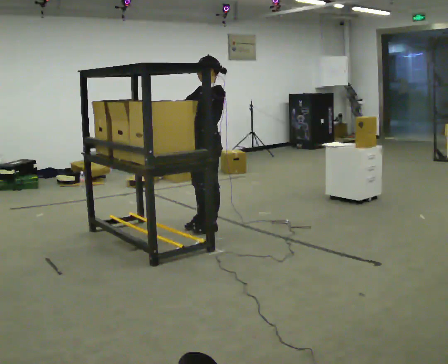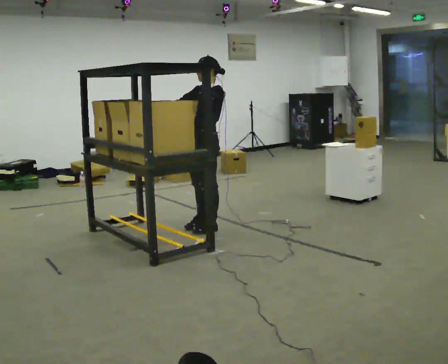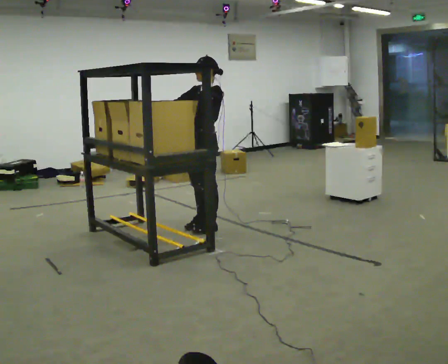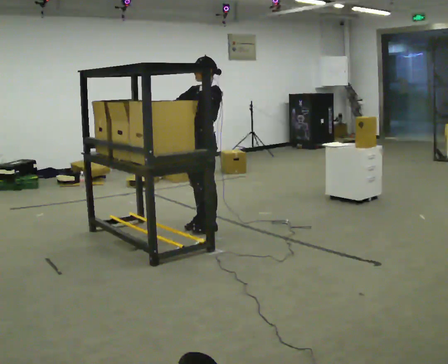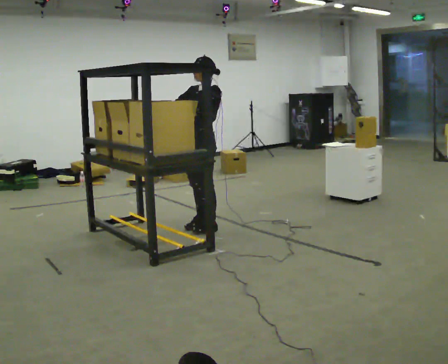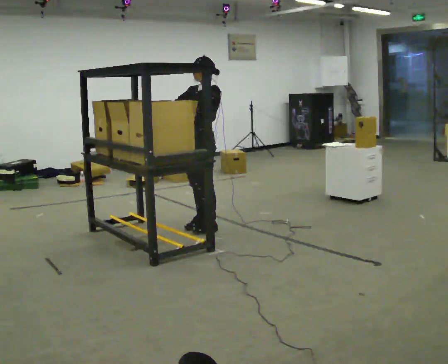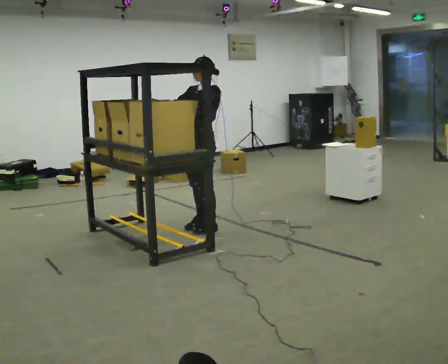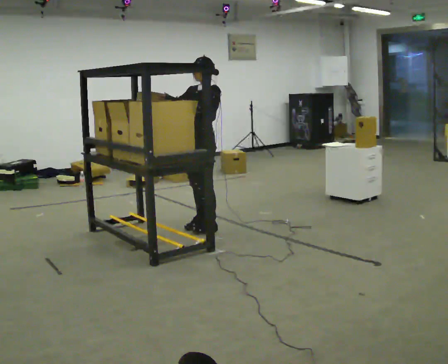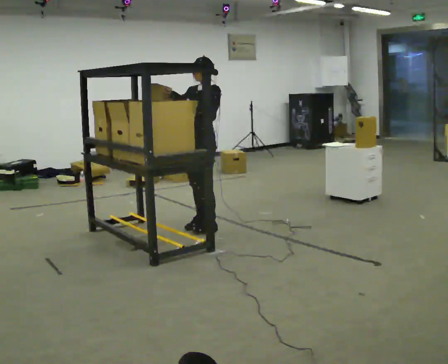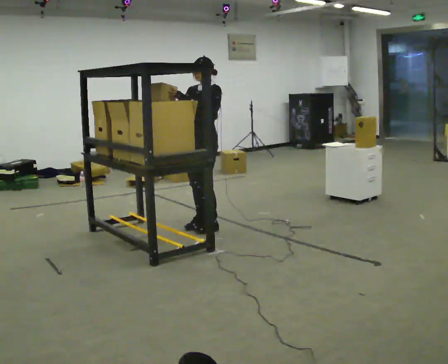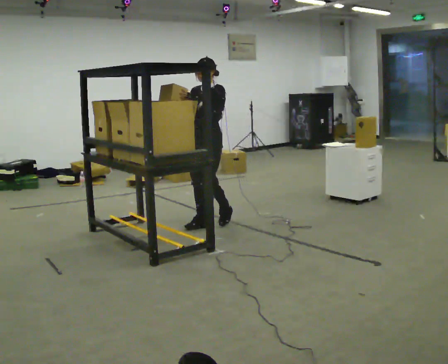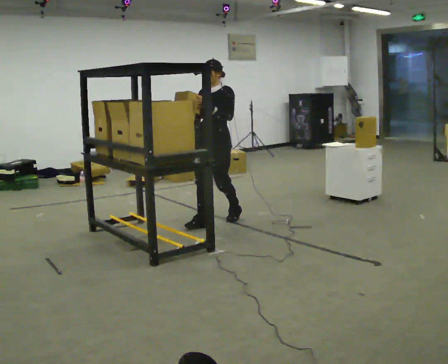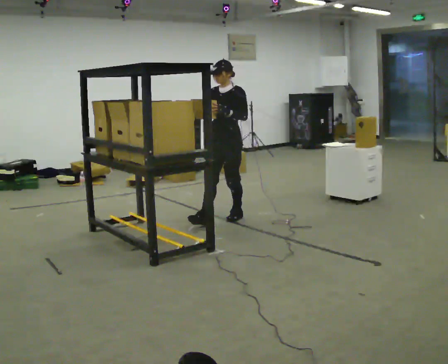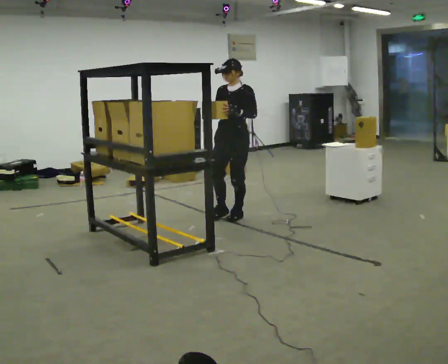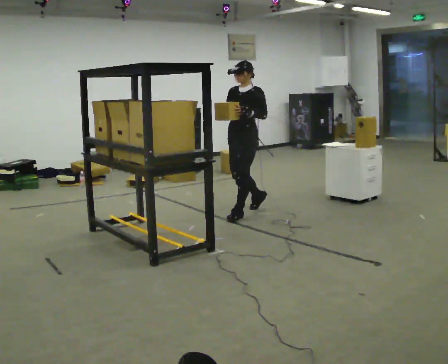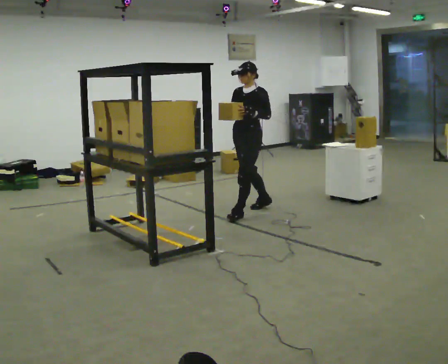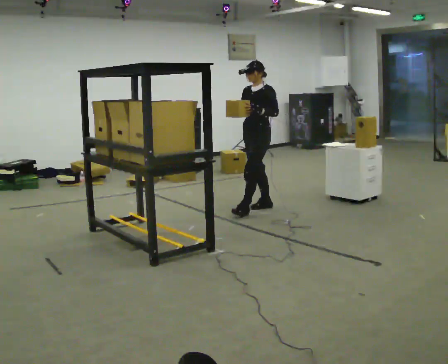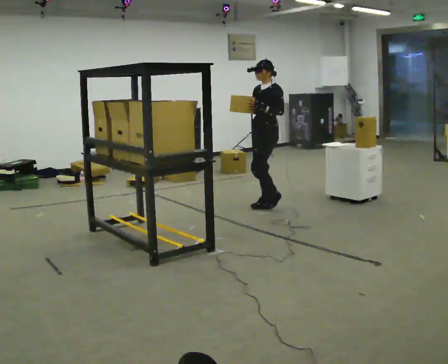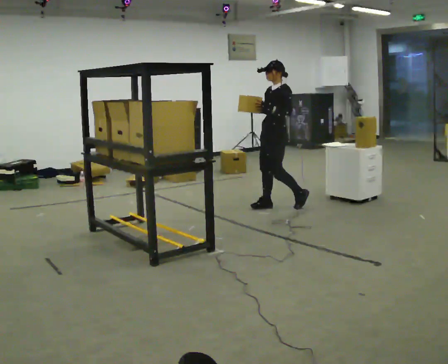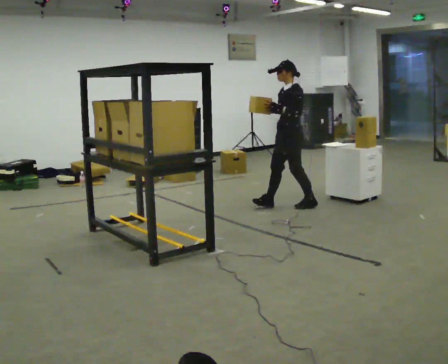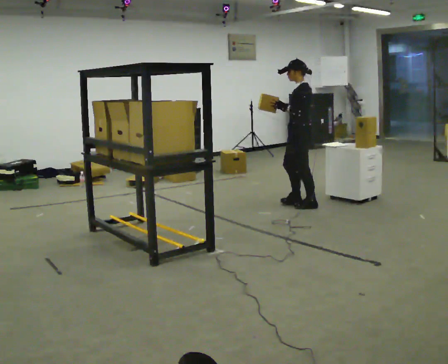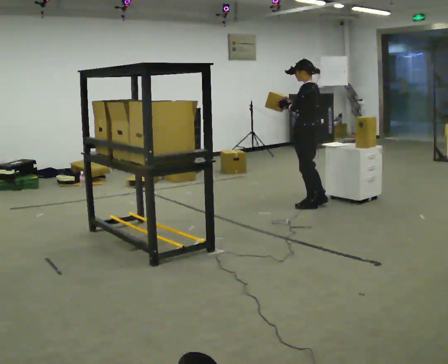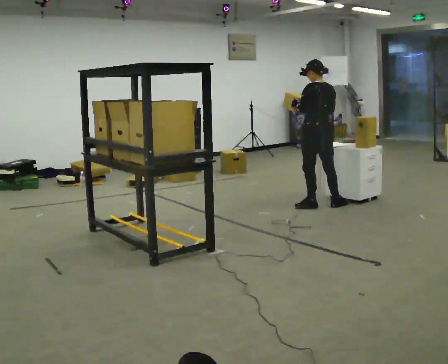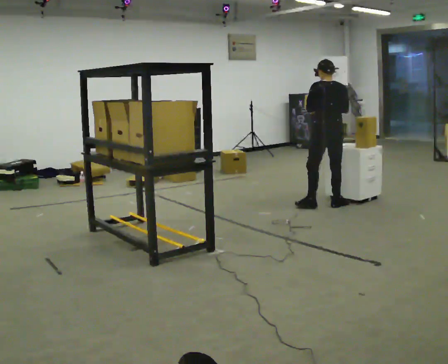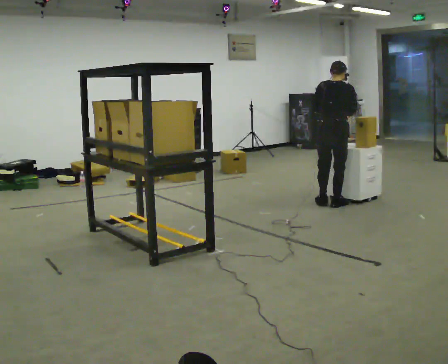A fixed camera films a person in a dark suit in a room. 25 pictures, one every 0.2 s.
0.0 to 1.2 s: The person moves a little, or ends about where they began.
1.2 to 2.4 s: In the picture they go away from the camera and to the right, about 0.25 m in 2 steps, which for them is backward.
2.4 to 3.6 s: Seen from above the body turns clockwise, about 30 degrees: to their right, with its near side sliding to the left. In the picture they go to the right and away from the camera, about 0.75 m in 1 step, which for them is backward.
3.6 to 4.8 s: The part of the body nearest the lens slides to the left as the person turns to their right by about 120 degrees. In the picture they go to the right, about 0.5 m in 2 steps.
The film runs backward here.
